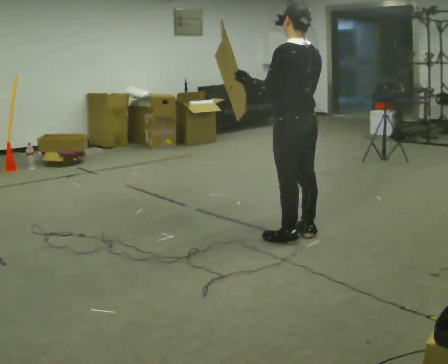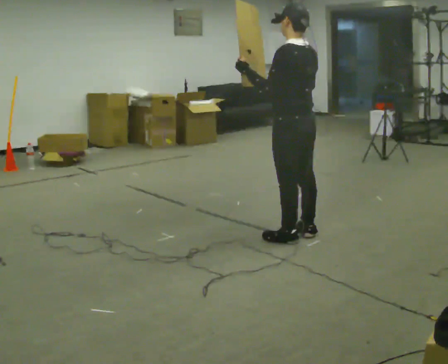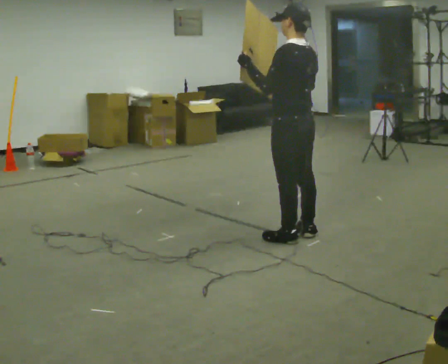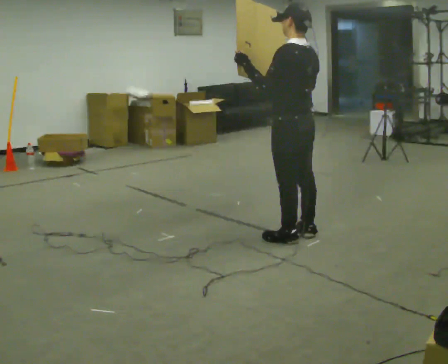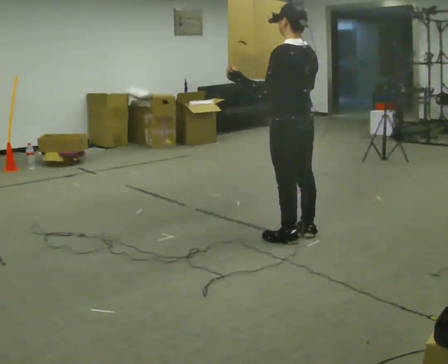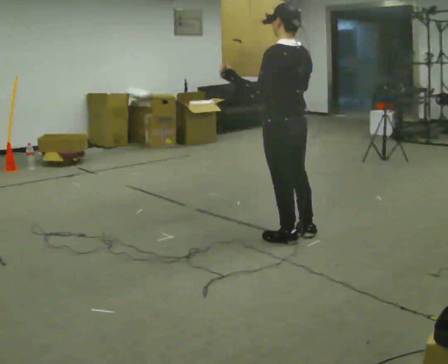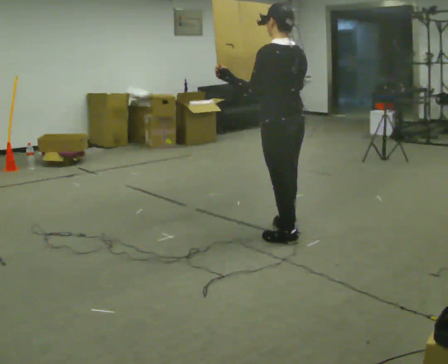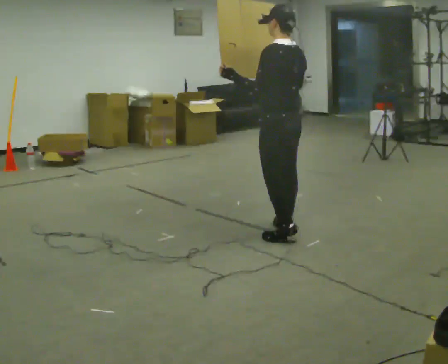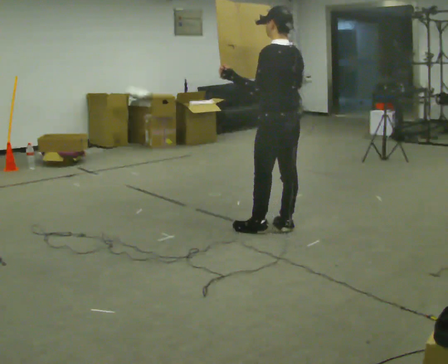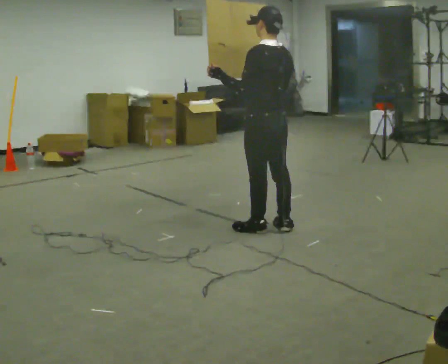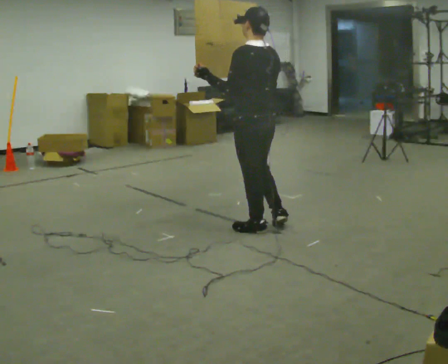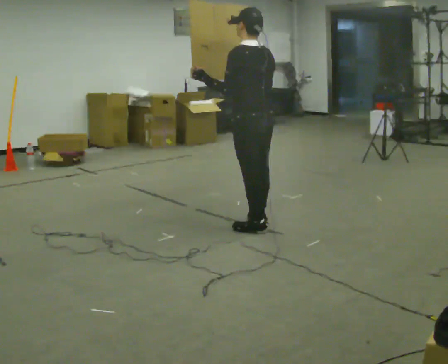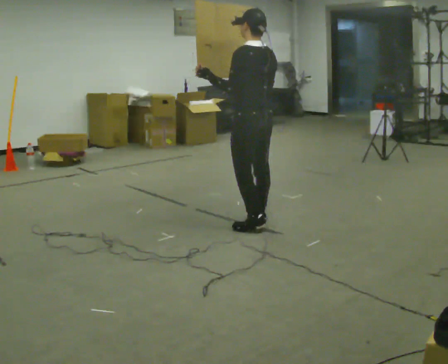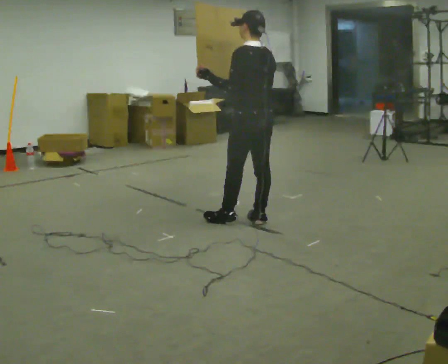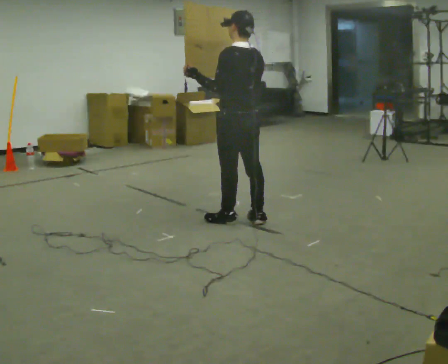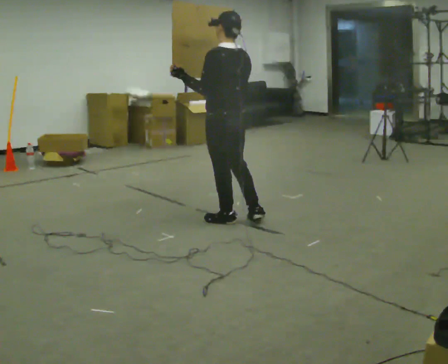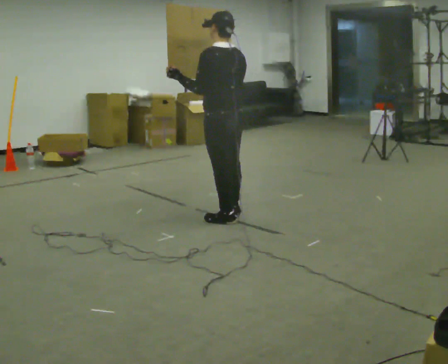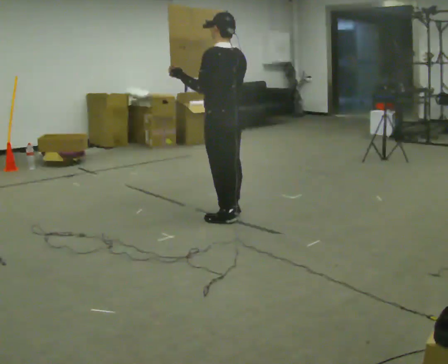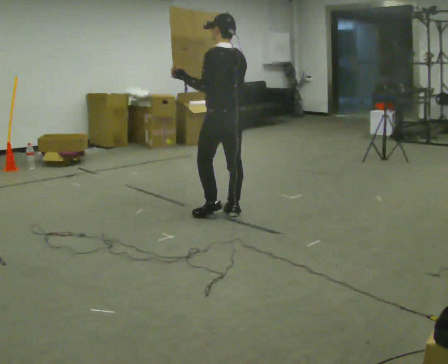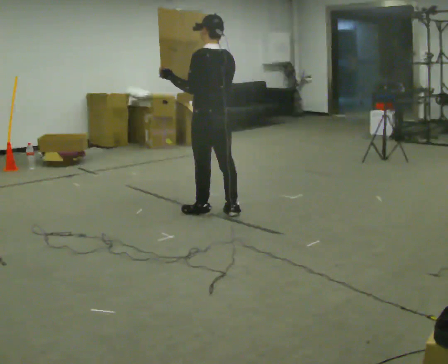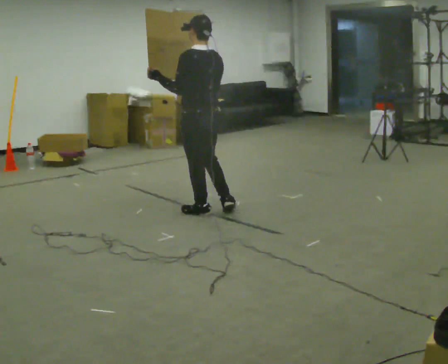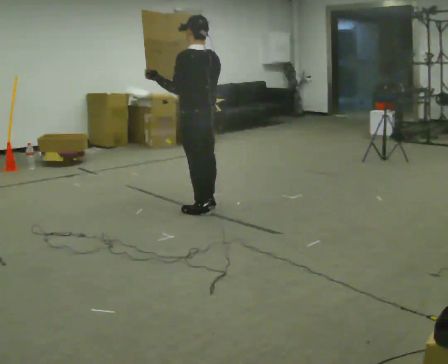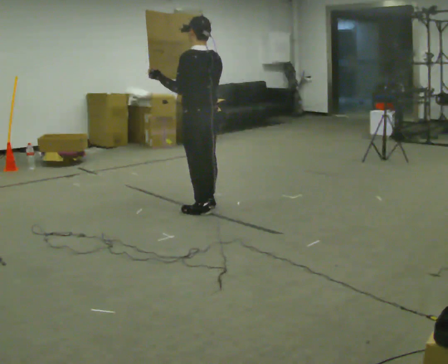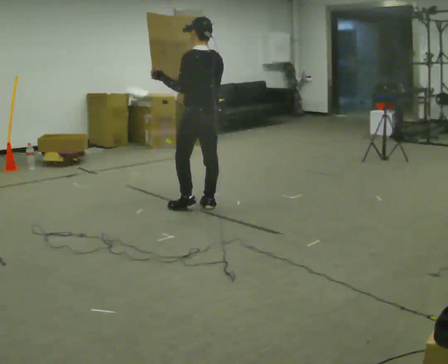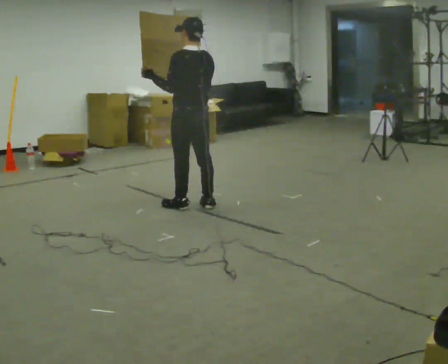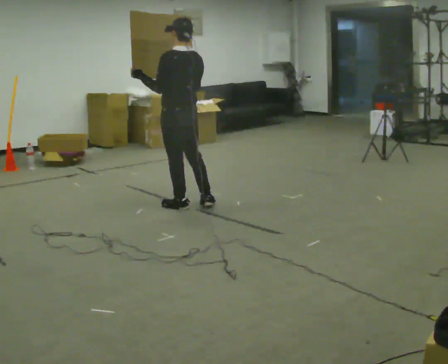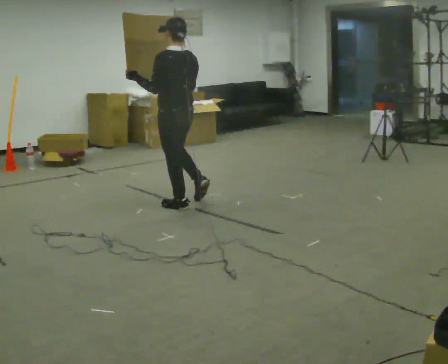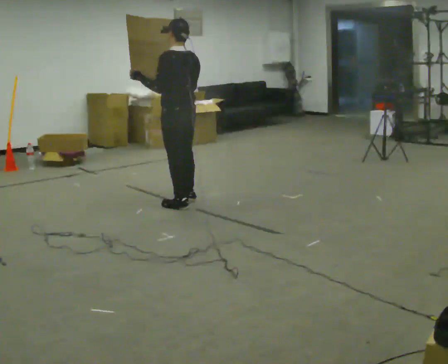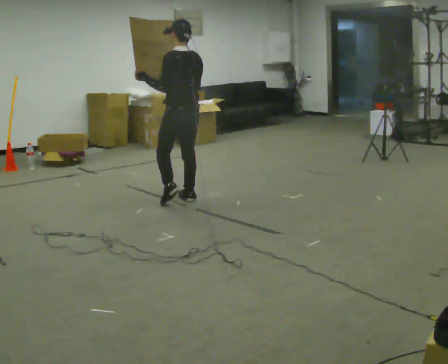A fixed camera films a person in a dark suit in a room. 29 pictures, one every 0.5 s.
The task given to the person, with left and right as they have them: Carry the large light object across the room, back and forth. It is awkward rather than heavy, so hold it however works.
0.0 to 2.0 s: The person moves a little, or ends about where they began.
2.0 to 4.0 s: In the picture they go away from the camera, about 0.25 m in 1 step, which for them is forward.
4.0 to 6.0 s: In the picture they go to the left, about 0.25 m in 2 steps, which for them is forward.
6.0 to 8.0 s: In the picture they go to the left, about 0.25 m in 2 steps, which for them is forward.
8.0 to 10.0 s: In the picture they go to the left and away from the camera, about 0.25 m in 1 step, which for them is forward.
10.0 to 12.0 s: In the picture they go away from the camera, about 0.25 m in 2 steps, which for them is forward.
12.0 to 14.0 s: In the picture they go away from the camera, about 0.25 m in 1 step, which for them is forward.
The film runs forward here.
